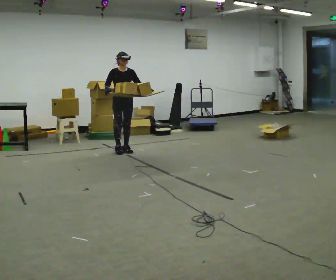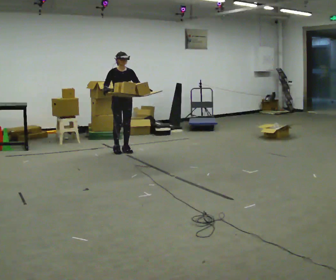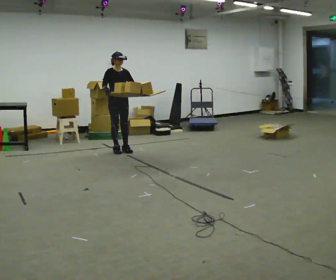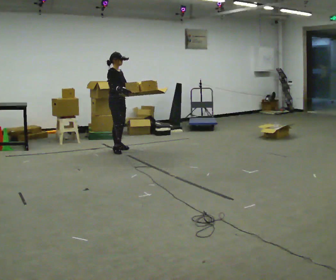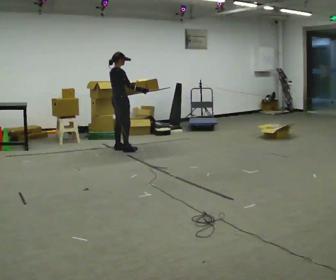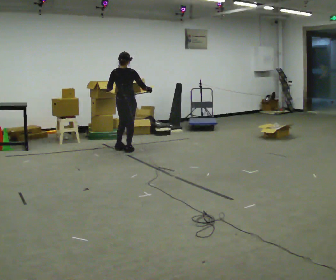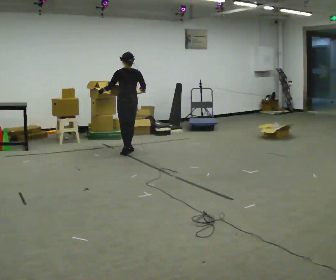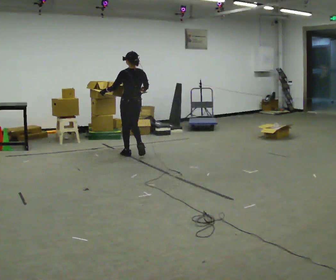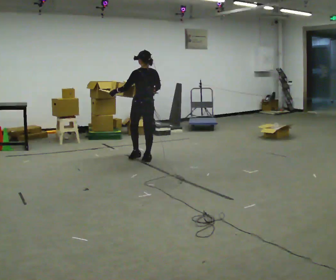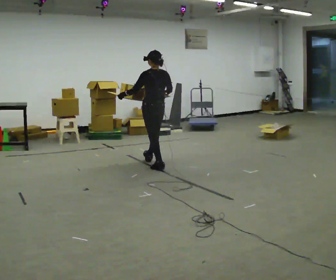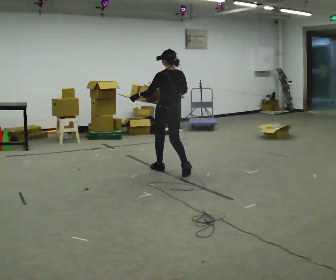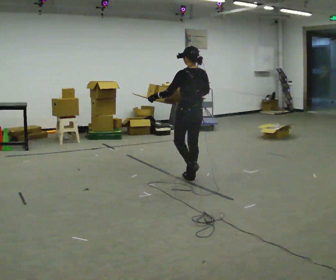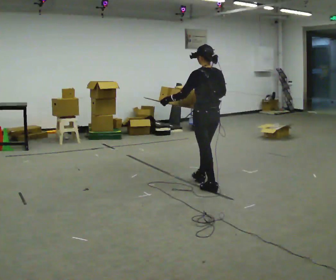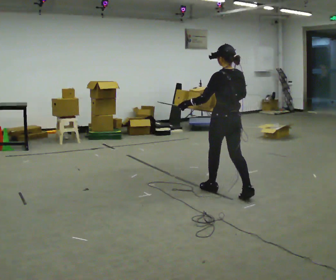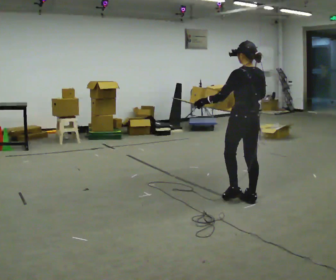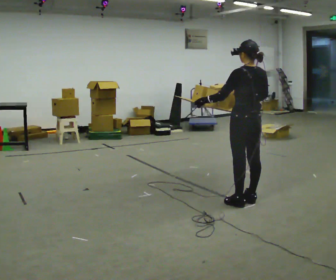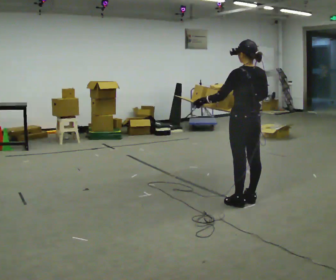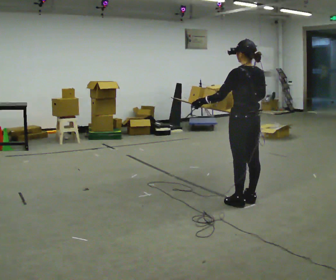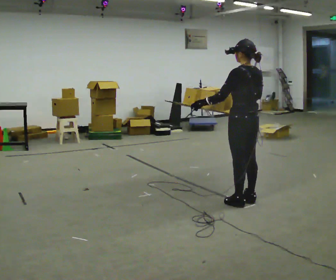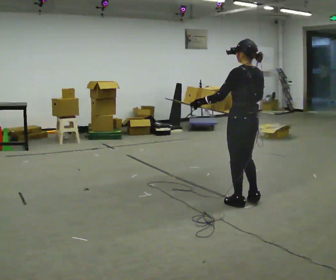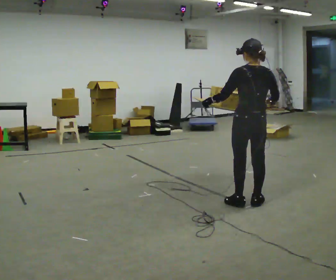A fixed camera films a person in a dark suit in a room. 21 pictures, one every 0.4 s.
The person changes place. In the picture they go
toward the camera.
0.0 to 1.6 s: The person turns about 90 degrees to their left, counterclockwise seen from above, so the part of the body nearest the lens slides to the right. In the picture their left hand goes to the left.
1.6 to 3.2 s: The part of the body nearest the lens slides to the right as the person turns to their left by about 90 degrees. In the picture they go toward the camera and to the right, about 1 m in 3 steps.
3.2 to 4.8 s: In the picture they go toward the camera and to the right, about 1.5 m in 3 steps, which for them is backward.
4.8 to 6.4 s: In the picture they go toward the camera and to the right, about 0.75 m in 1 step, which for them is backward.
6.4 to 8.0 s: The person moves a little, or ends about where they began.
The film runs backward here.
